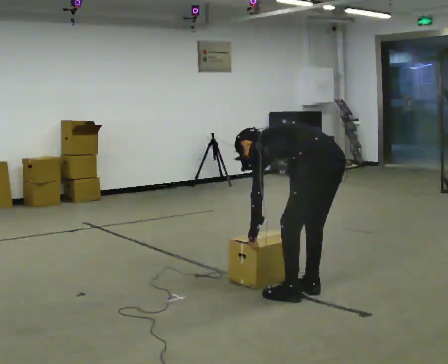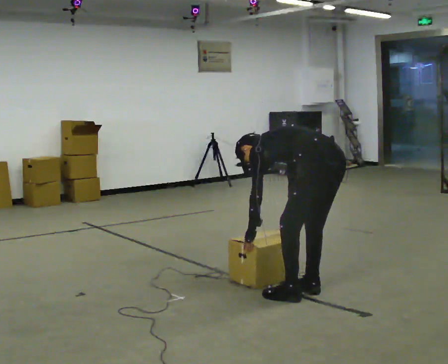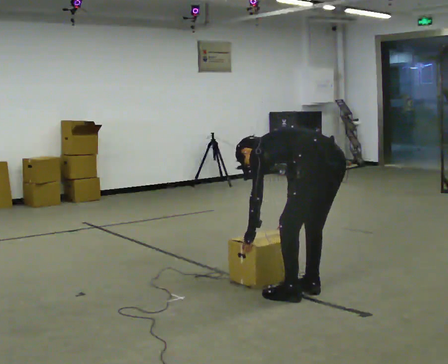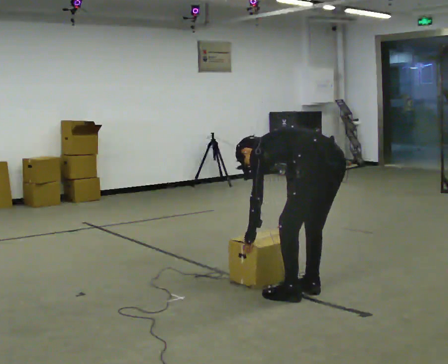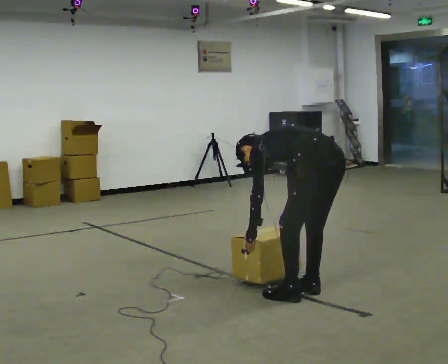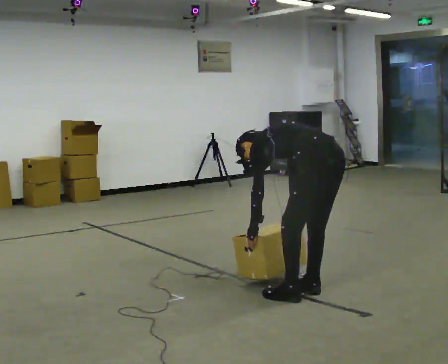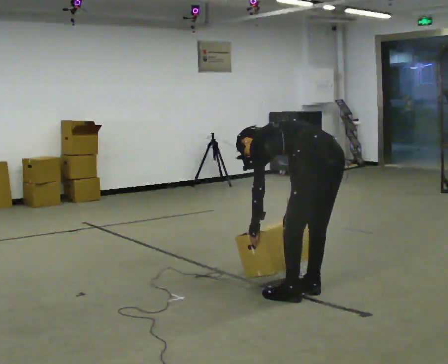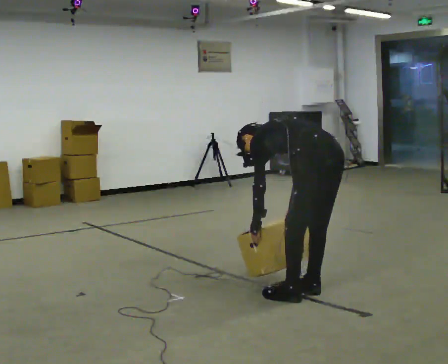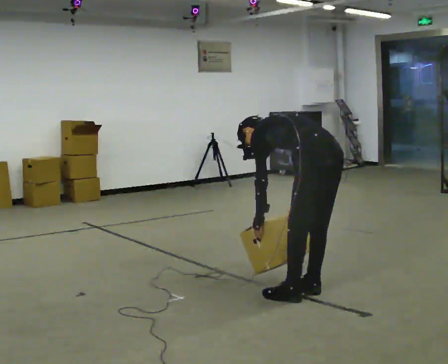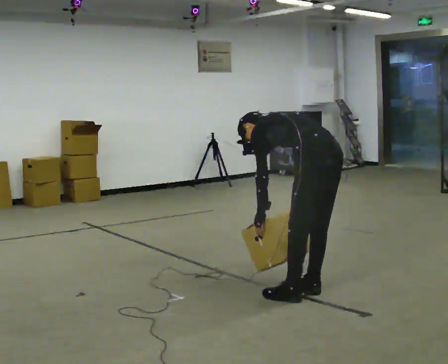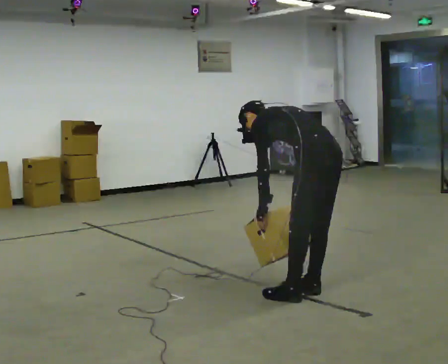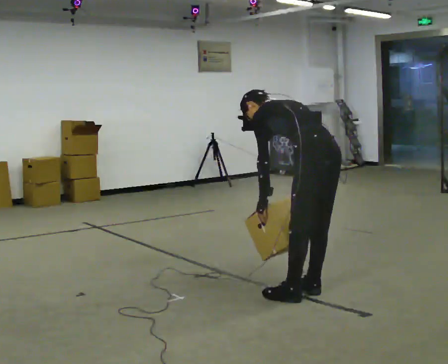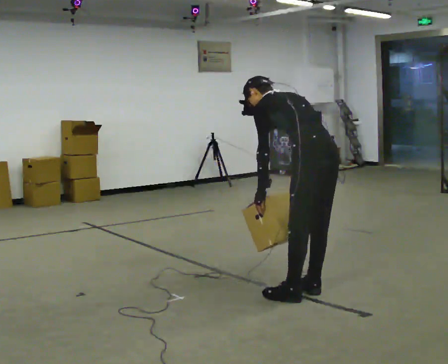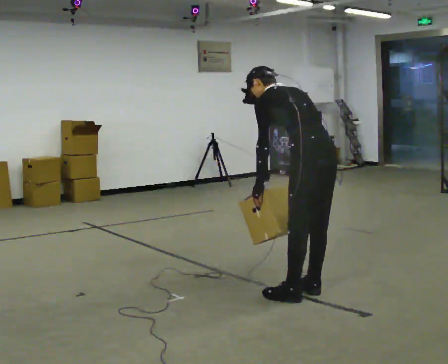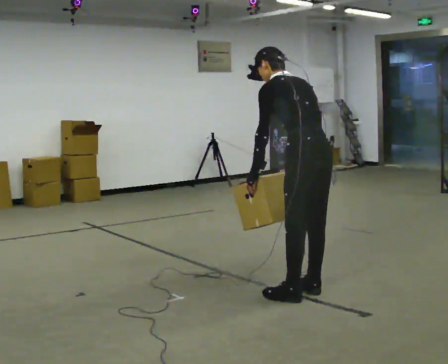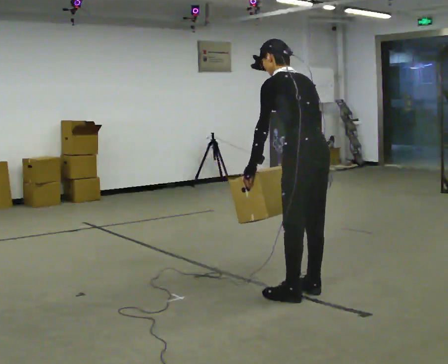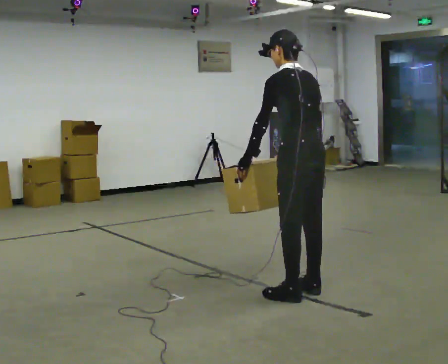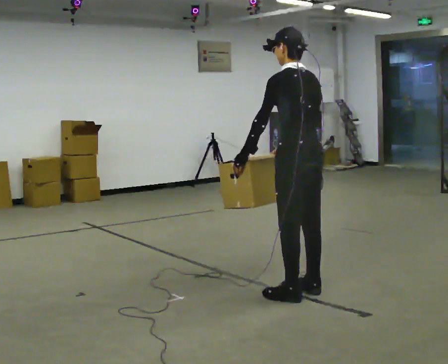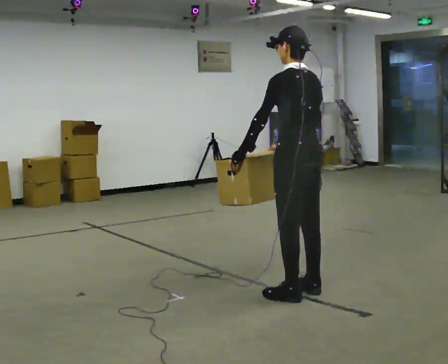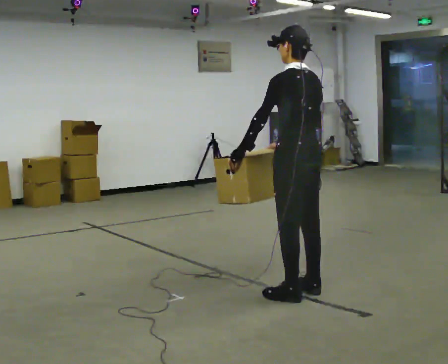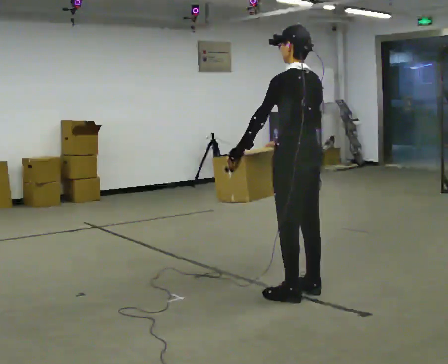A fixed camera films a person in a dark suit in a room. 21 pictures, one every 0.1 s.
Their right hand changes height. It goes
upward.
The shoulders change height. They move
upward.
0.0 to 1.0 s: The person moves a little, or ends about where they began.
1.0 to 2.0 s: The shoulders move upward. In the picture the upper body tilts clockwise, shoulders to the right, as they lean back or straighten. In the picture their right hand goes upward.
The film runs backward here.
